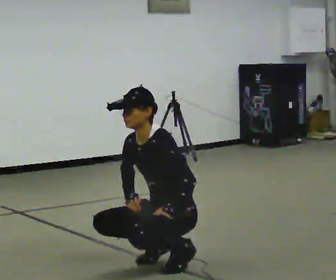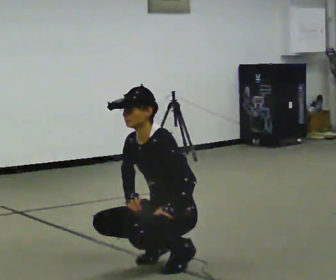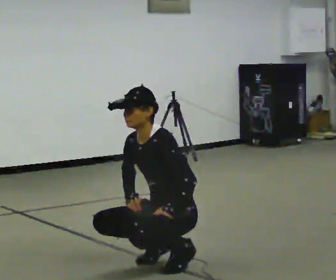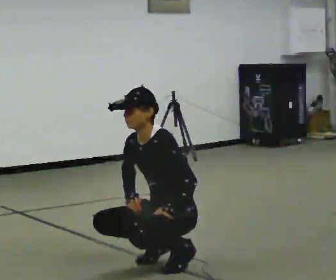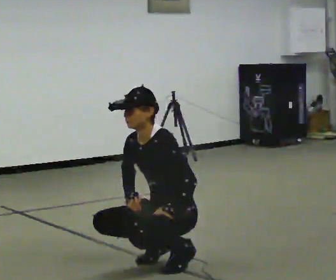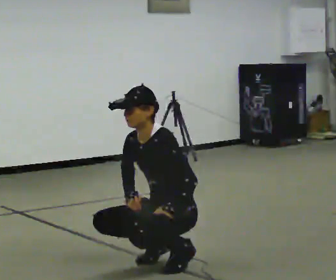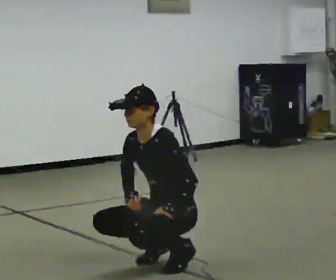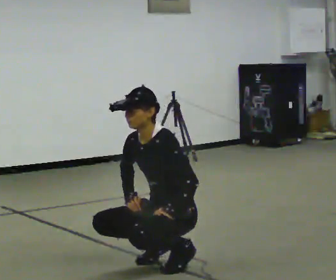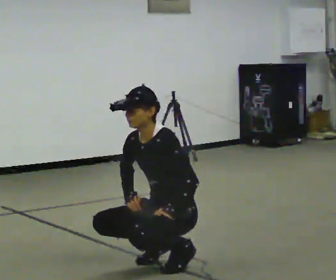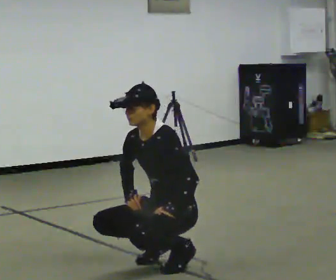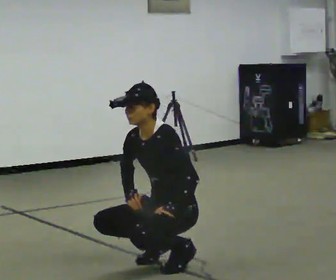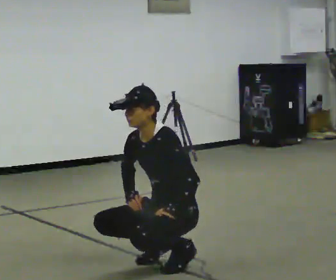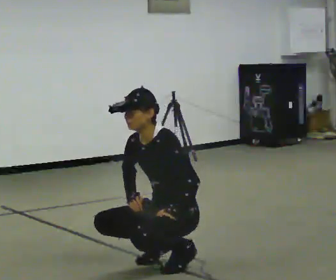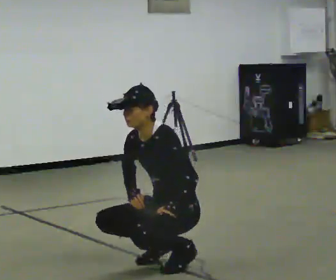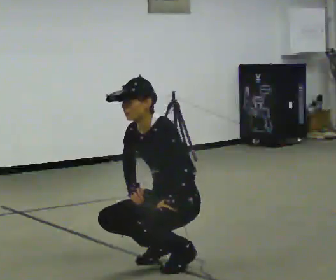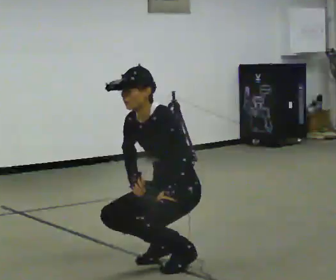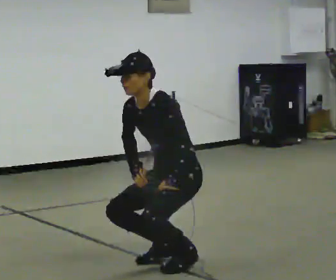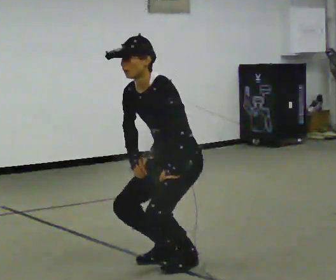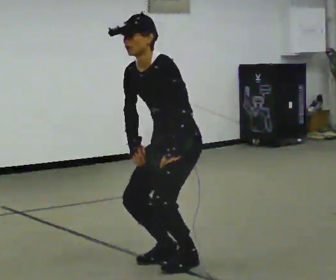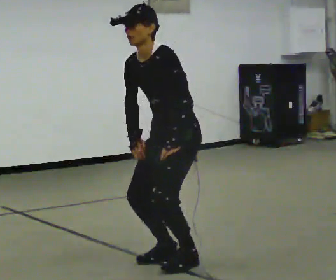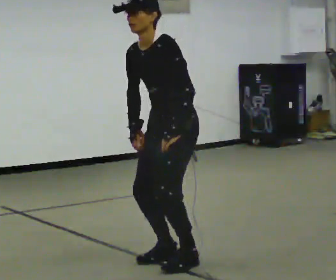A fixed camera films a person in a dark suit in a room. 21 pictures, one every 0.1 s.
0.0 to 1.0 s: The person keeps their place and pose.
1.0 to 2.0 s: The upper body goes upward. In the picture their right hand goes upward.
The film runs backward here.
